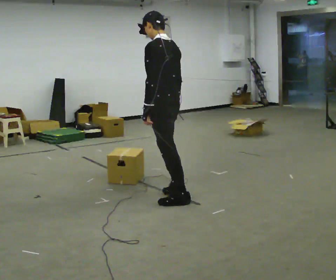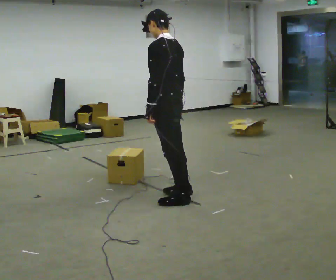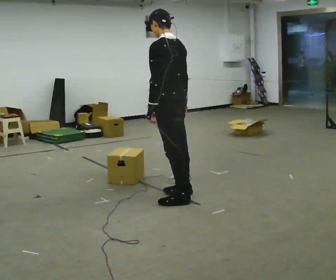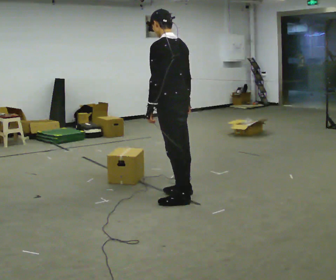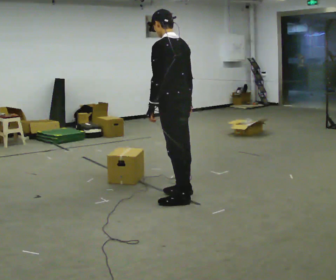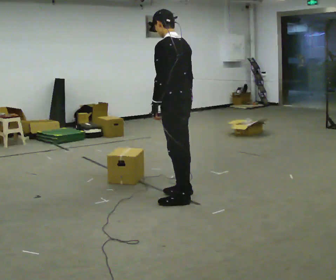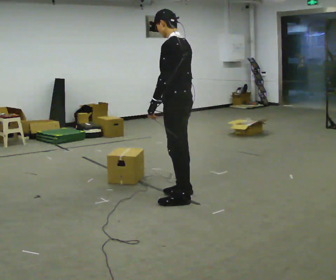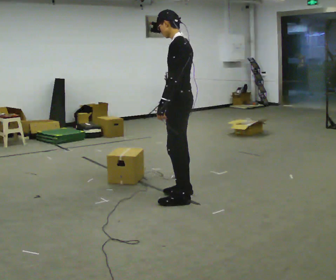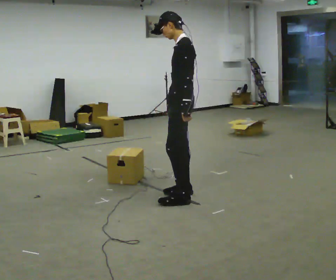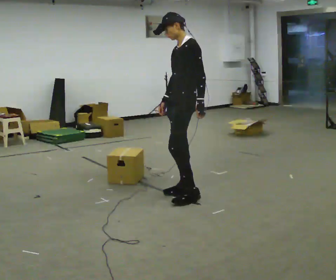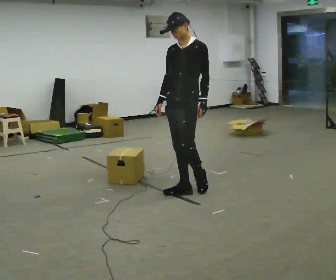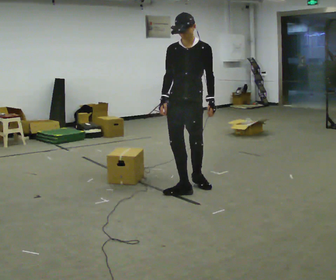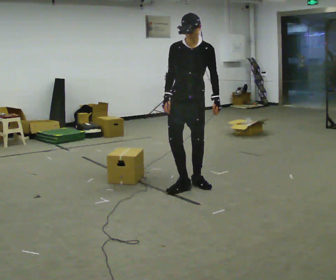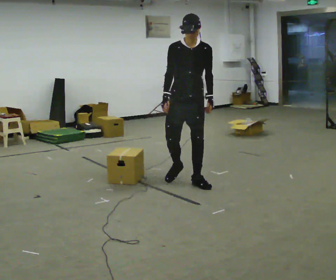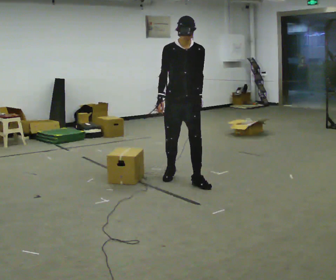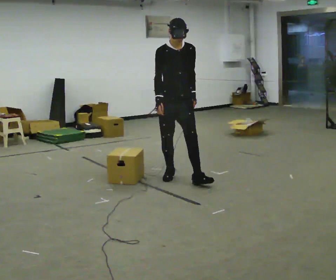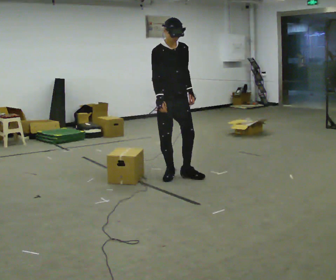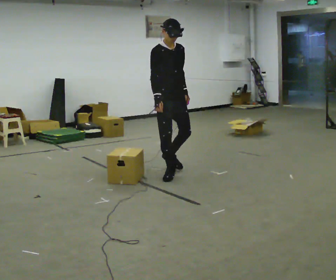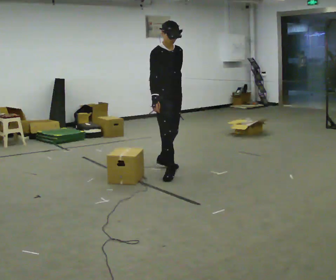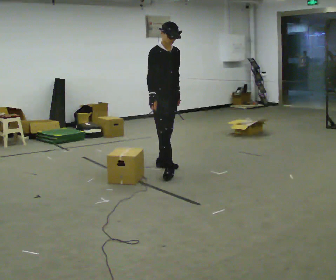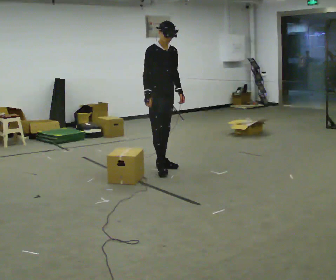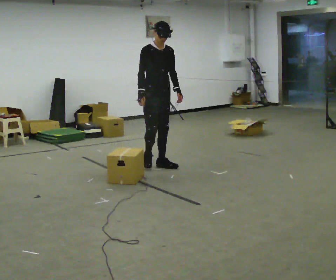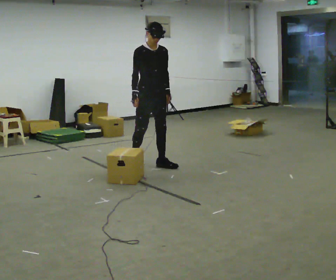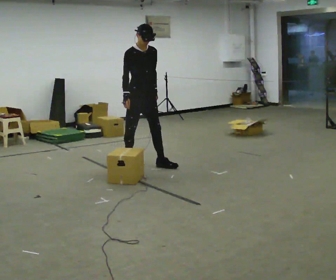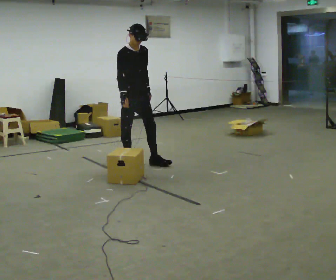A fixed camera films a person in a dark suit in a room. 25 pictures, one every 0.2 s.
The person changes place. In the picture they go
away from the camera.
The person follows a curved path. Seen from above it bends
counterclockwise.
0.0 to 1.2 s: The person moves a little, or ends about where they began.
1.2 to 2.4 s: The person turns about 105 degrees to their left, counterclockwise seen from above, so the part of the body nearest the lens slides to the right. In the picture they go away from the camera, about 0.5 m in 2 steps. In the picture the upper body tilts clockwise, shoulders to the right.
2.4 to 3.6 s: Seen from above the body turns counterclockwise, about 45 degrees: to their left, with its near side sliding to the right. In the picture they go away from the camera and to the left, about 0.5 m in 1 step, which for them is backward.
3.6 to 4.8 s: In the picture they go to the left and away from the camera, about 0.5 m in 2 steps, which for them is backward.
The film runs backward here.
